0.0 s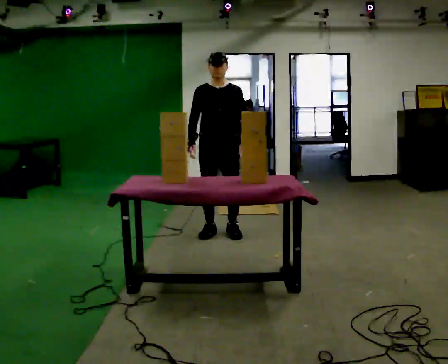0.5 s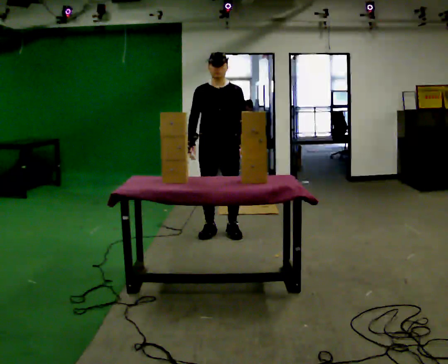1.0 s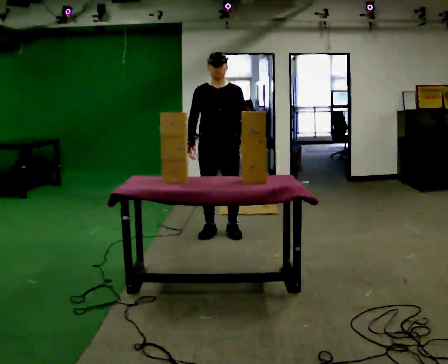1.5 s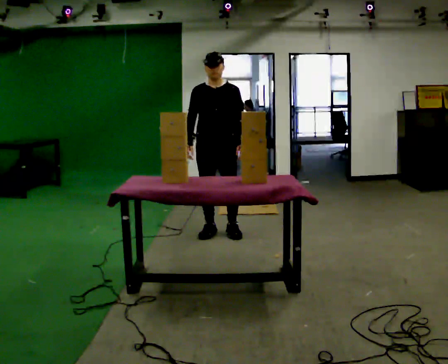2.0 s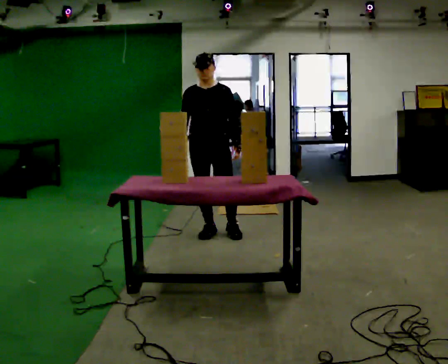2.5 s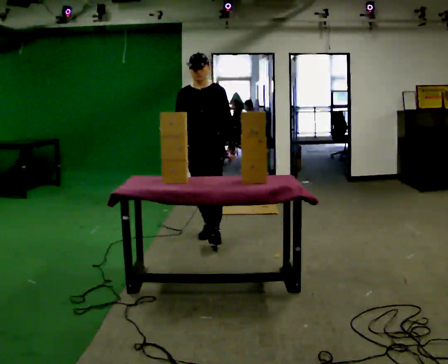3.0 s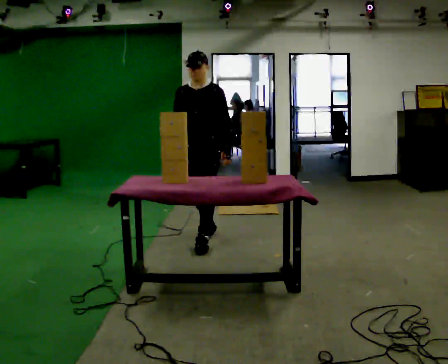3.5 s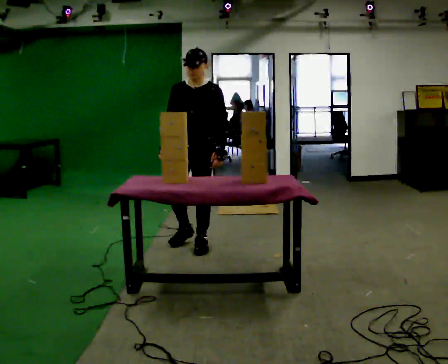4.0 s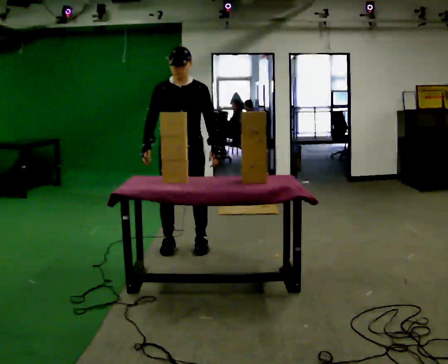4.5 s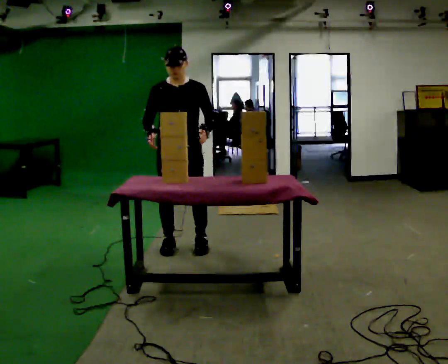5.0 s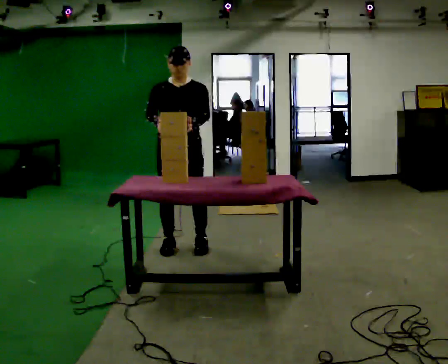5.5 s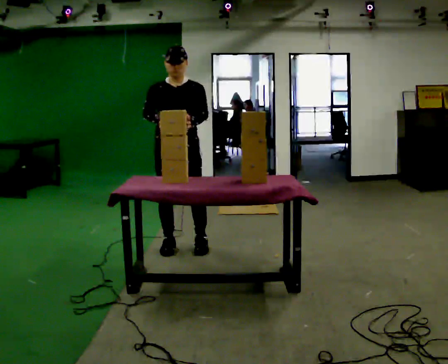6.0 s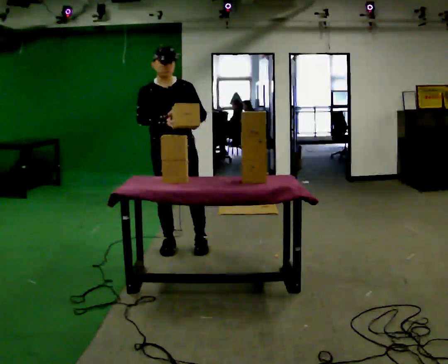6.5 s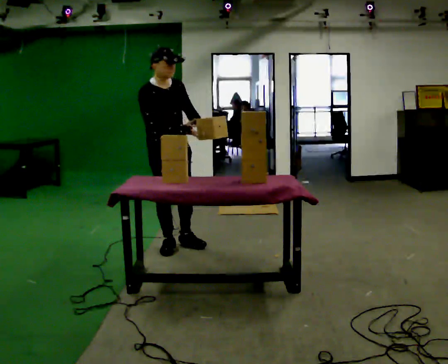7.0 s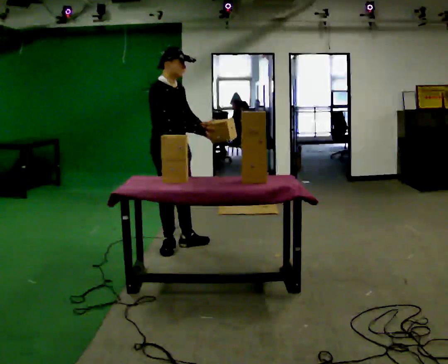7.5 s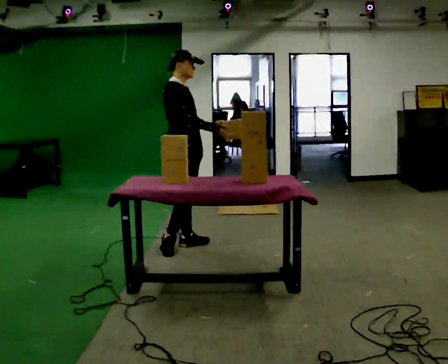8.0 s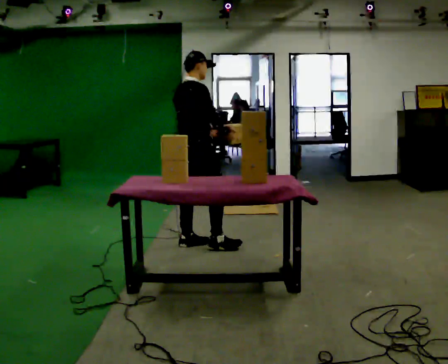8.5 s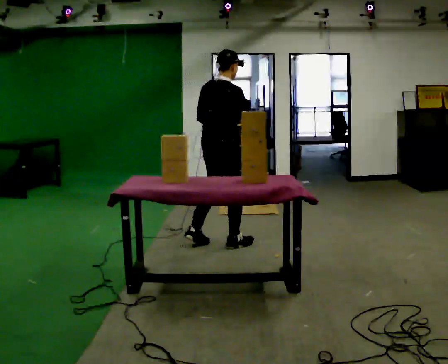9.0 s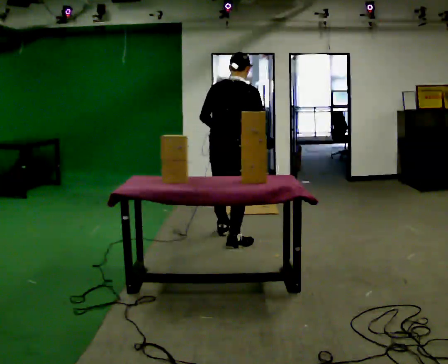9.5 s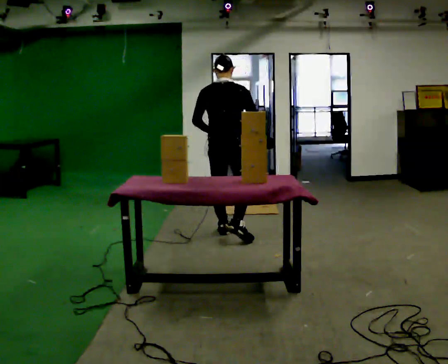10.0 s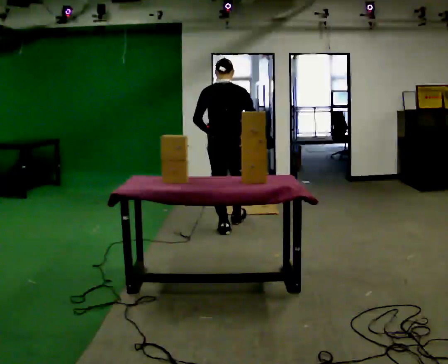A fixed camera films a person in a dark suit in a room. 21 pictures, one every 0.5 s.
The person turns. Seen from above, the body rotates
counterclockwise.
The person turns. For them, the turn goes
to their left.
0.0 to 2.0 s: The person moves a little, or ends about where they began.
2.0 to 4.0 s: In the picture they go toward the camera and to the left, about 0.5 m in 2 steps, which for them is forward.
4.0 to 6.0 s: The person moves a little, or ends about where they began.
6.0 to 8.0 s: The person turns about 105 degrees to their left, counterclockwise seen from above, so the part of the body nearest the lens slides to the right. In the picture they go to the right, about 0.25 m in 1 step.
8.0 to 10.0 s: Seen from above the body turns counterclockwise, about 60 degrees: to their left, with its near side sliding to the right. In the picture they go away from the camera and to the right, about 0.5 m in 2 steps.
The film runs forward here.
